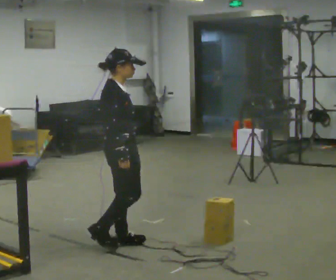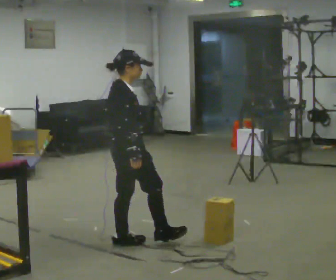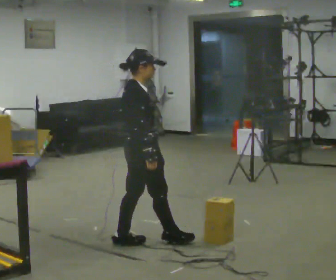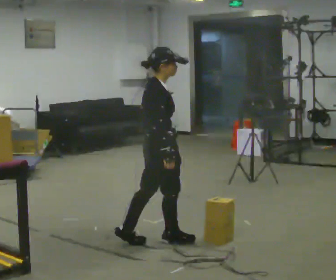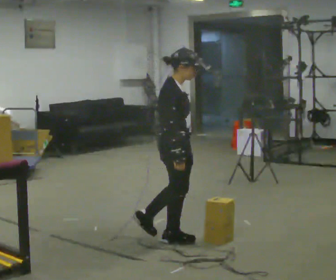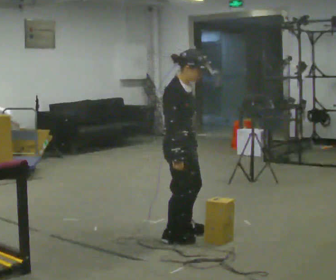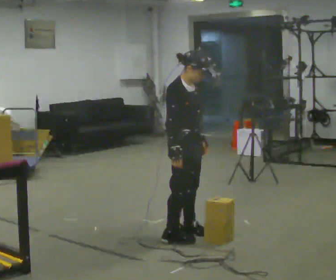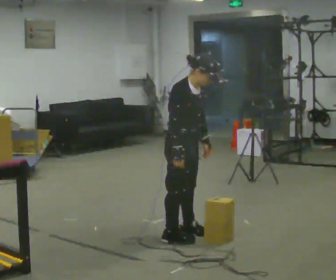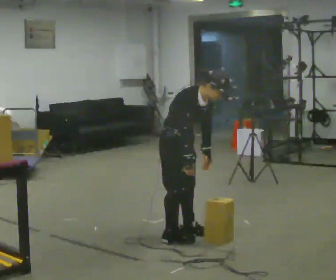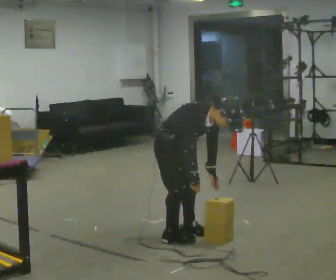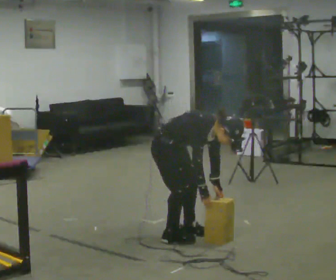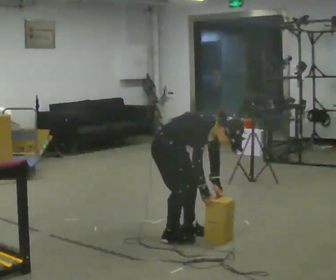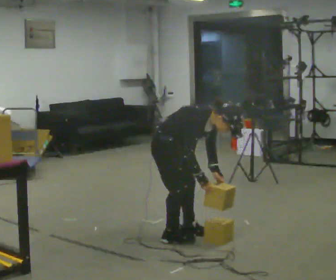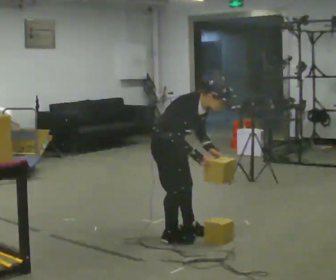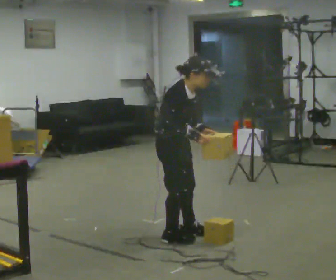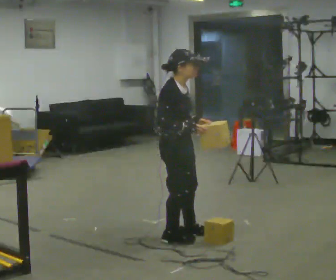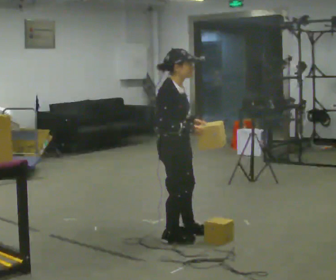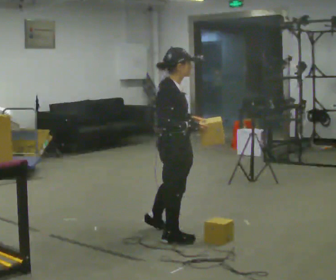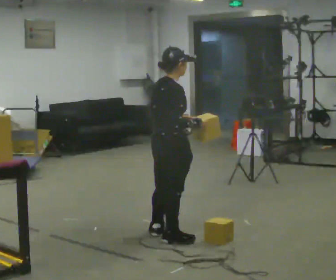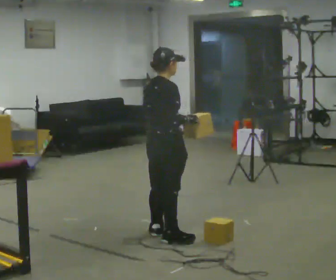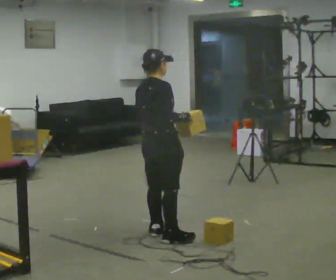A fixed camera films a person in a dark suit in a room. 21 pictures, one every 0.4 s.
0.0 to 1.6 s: In the picture they go to the right, about 0.5 m in 1 step, which for them is forward.
1.6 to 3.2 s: The person turns about 30 degrees to their right, clockwise seen from above, so the part of the body nearest the lens slides to the left. In the picture they go away from the camera, about 0.25 m in 1 step, which for them is to their left. In the picture the upper body tilts clockwise, shoulders to the right, as they bend forward.
3.2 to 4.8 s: The person moves a little, or ends about where they began.
4.8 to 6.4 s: In the picture they go toward the camera, about 0.25 m, which for them is to their right. The shoulders move upward. In the picture the upper body tilts counterclockwise, shoulders to the left, as they lean back or straighten. In the picture their right hand goes upward.
6.4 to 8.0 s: Seen from above the body turns counterclockwise, about 45 degrees: to their left, with its near side sliding to the right. In the picture they go away from the camera, about 0.25 m in 1 step, which for them is to their left.
The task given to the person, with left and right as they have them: Carry the object over and fit it into the gap between the two boxes already on the shelf, without touching either of them. Keep going until the operator says stop; one object at a time, and do not rush between trips.
The film runs forward here.
